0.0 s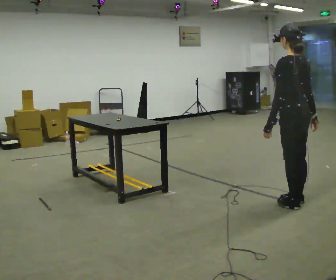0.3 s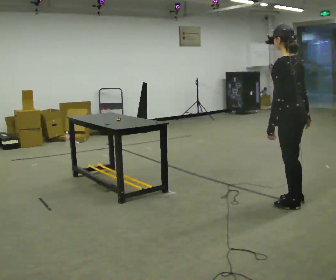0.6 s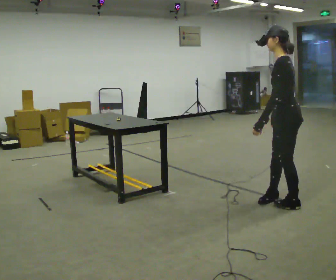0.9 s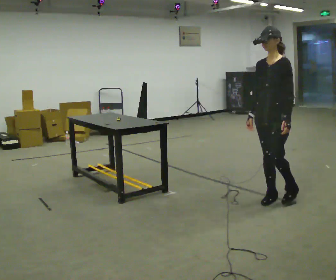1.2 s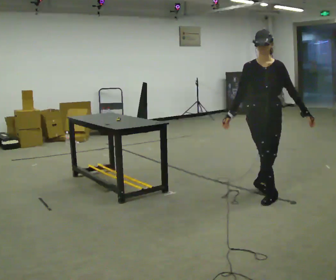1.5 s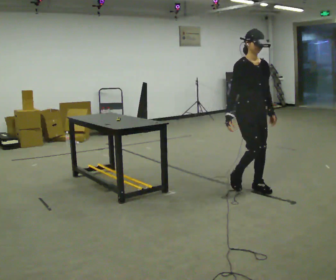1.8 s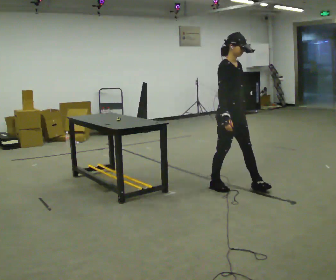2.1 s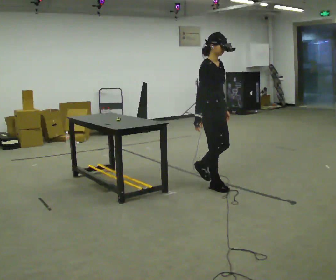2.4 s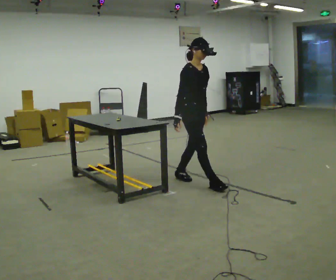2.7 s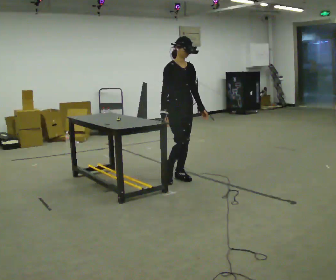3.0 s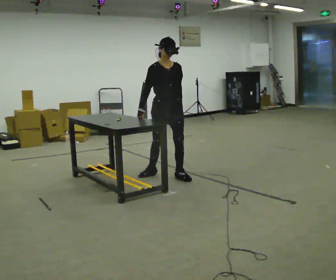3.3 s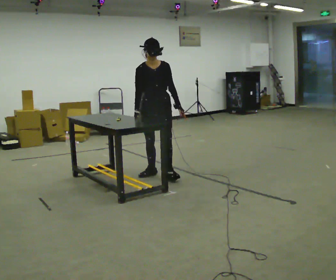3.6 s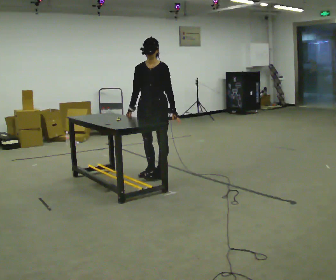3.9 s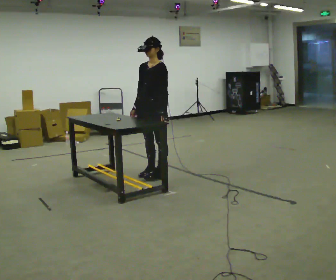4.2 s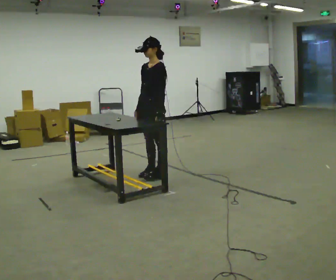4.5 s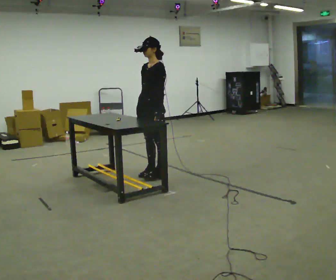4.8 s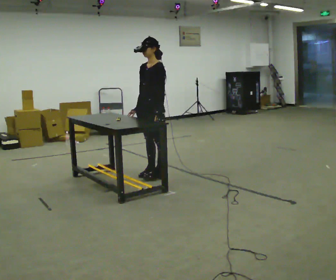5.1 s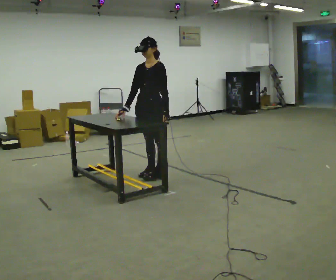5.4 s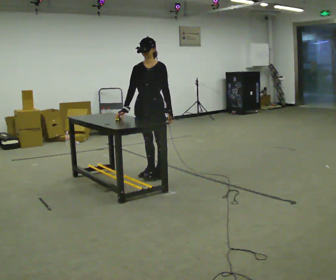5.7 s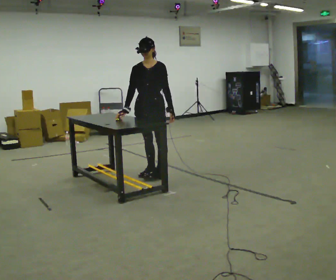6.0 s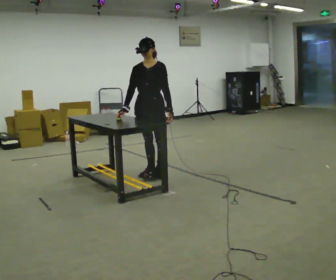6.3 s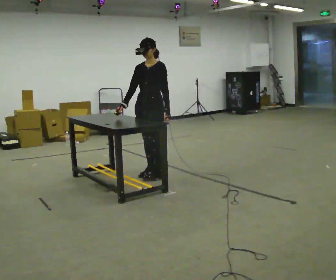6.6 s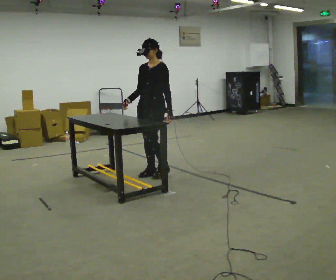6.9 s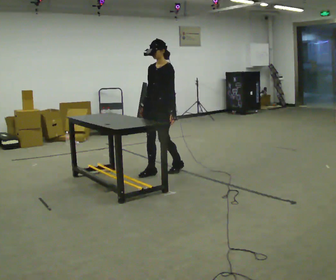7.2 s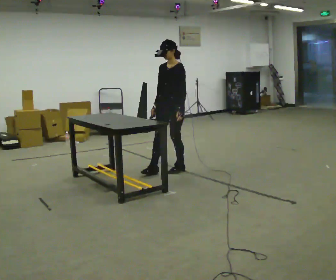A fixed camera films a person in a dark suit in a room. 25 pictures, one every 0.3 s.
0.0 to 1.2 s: The part of the body nearest the lens slides to the right as the person turns to their left by about 135 degrees. In the picture they go away from the camera and to the left, about 0.25 m in 2 steps.
1.2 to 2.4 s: The person turns about 60 degrees to their left, counterclockwise seen from above, so the part of the body nearest the lens slides to the right. In the picture they go away from the camera and to the left, about 1 m in 2 steps.
2.4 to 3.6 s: The part of the body nearest the lens slides to the left as the person turns to their right by about 60 degrees. In the picture they go to the left and away from the camera, about 0.5 m in 2 steps.
3.6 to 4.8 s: The part of the body nearest the lens slides to the left as the person turns to their right by about 45 degrees.
4.8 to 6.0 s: Seen from above the body turns counterclockwise, about 30 degrees: to their left, with its near side sliding to the right.
6.0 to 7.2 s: The part of the body nearest the lens slides to the left as the person turns to their right by about 30 degrees. In the picture they go to the right and away from the camera, about 0.25 m in 2 steps, which for them is backward.
The film runs backward here.
